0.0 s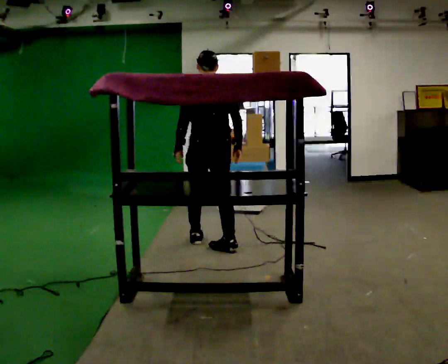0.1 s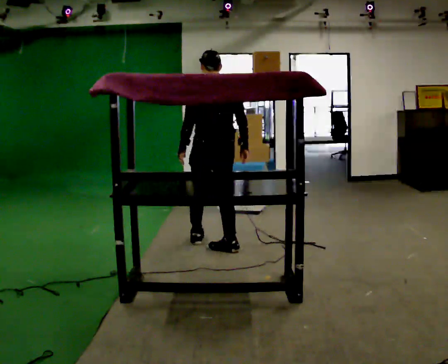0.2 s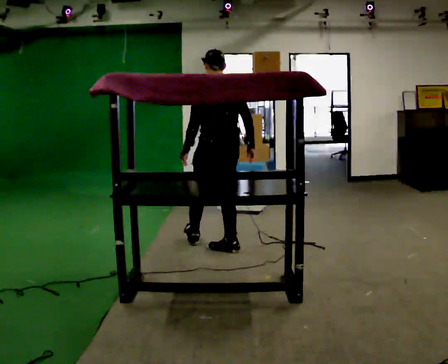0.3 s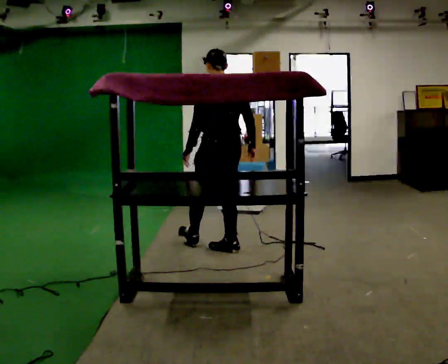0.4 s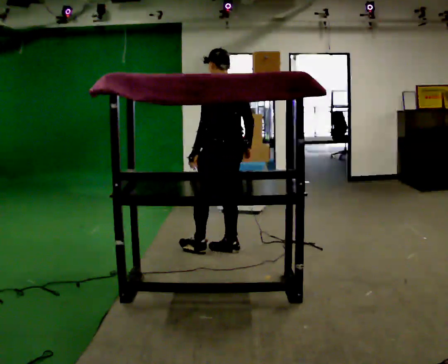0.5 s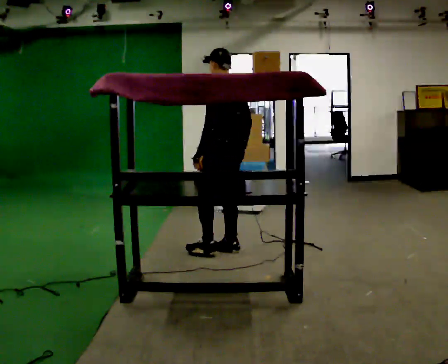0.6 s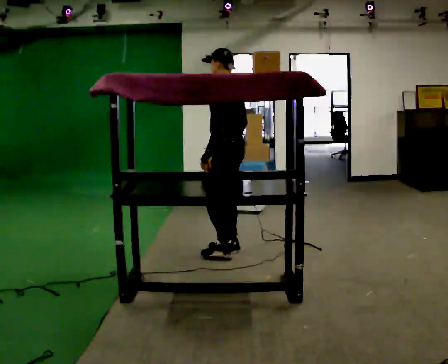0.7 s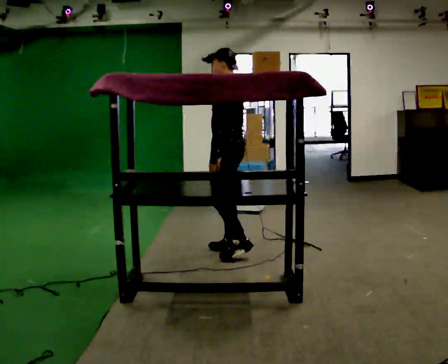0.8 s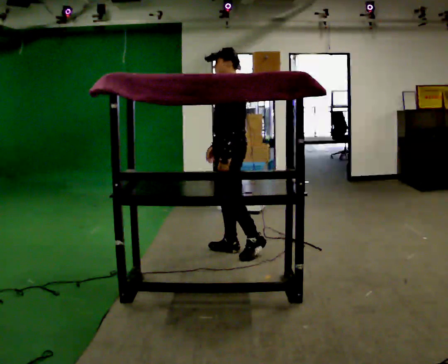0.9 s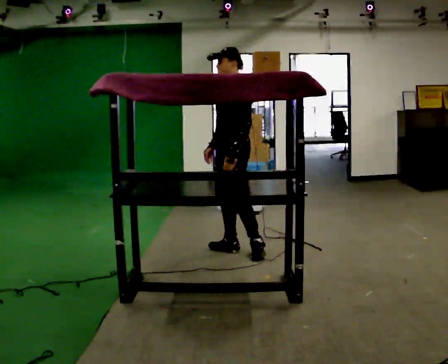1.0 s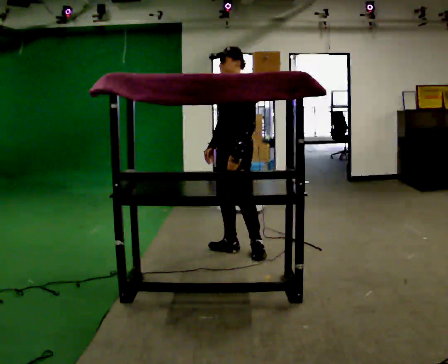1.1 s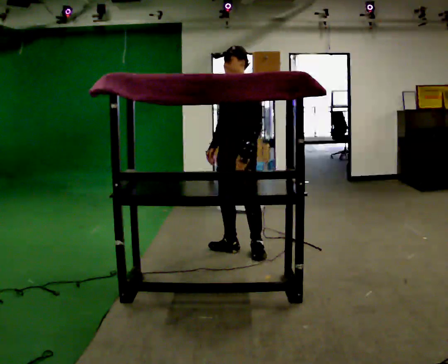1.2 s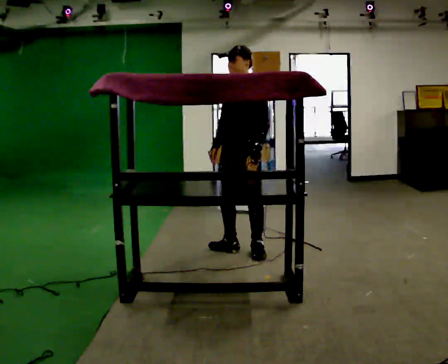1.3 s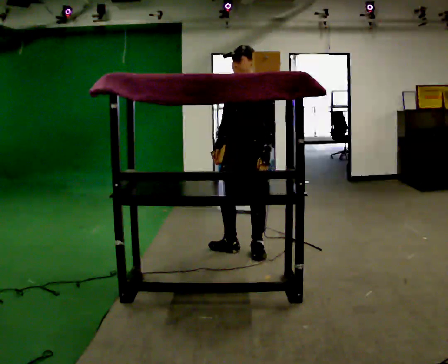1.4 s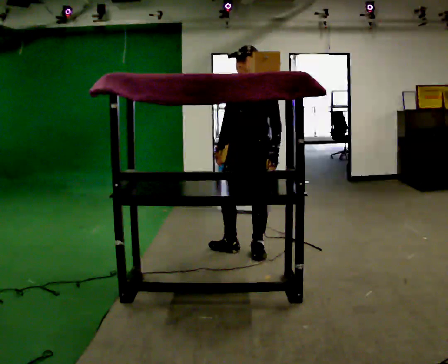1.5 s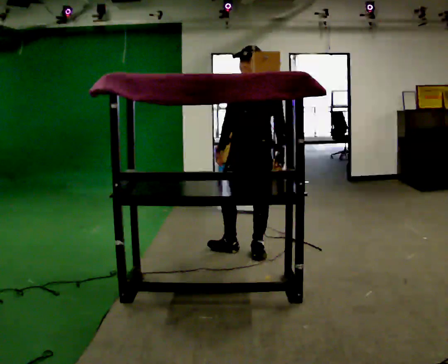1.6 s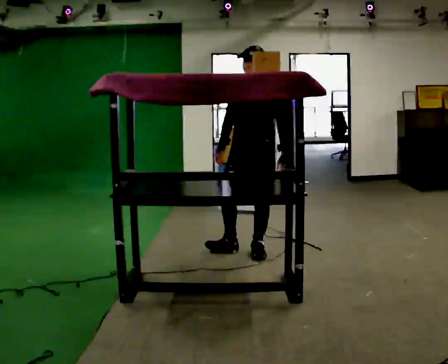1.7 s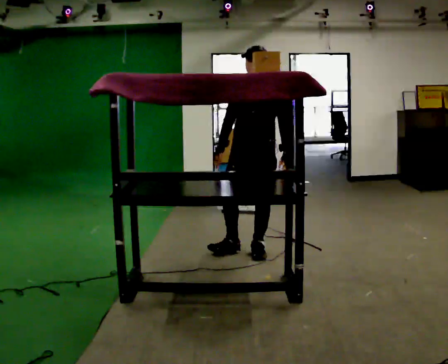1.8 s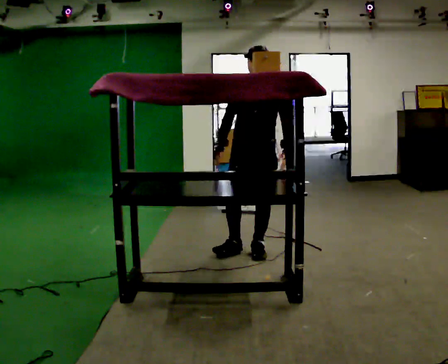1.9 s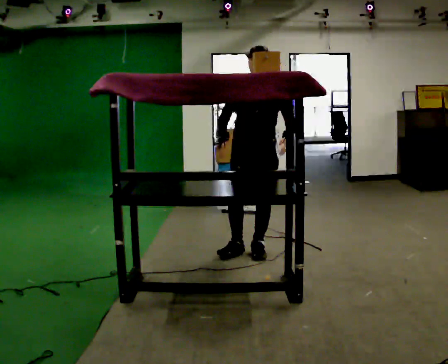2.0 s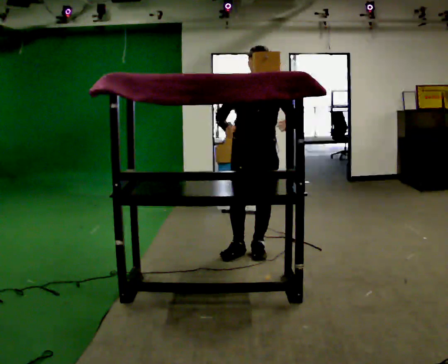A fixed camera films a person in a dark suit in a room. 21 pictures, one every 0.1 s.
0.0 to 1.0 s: Seen from above the body turns counterclockwise, about 105 degrees: to their left, with its near side sliding to the right. In the picture they go to the right, about 0.25 m in 1 step.
1.0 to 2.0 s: The part of the body nearest the lens slides to the right as the person turns to their left by about 60 degrees.
The film runs backward here.
